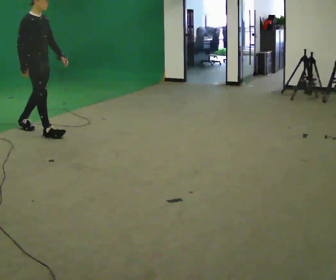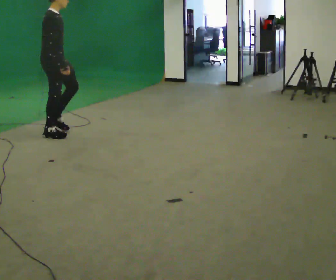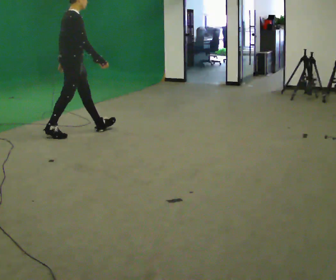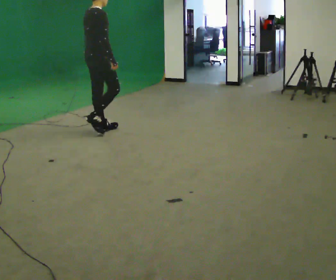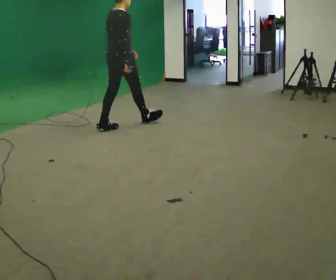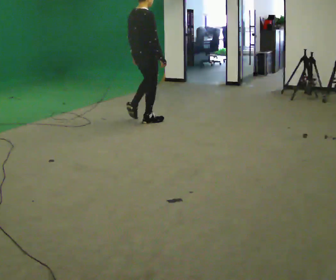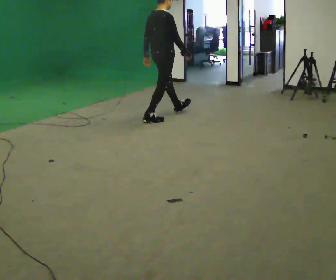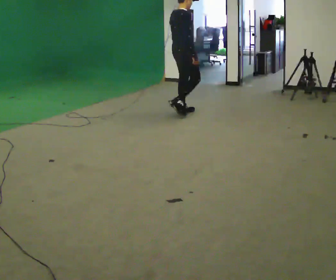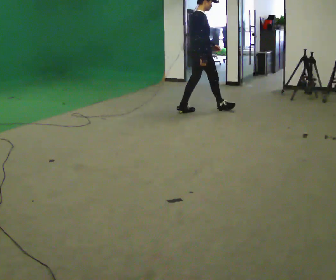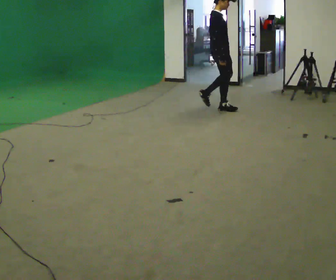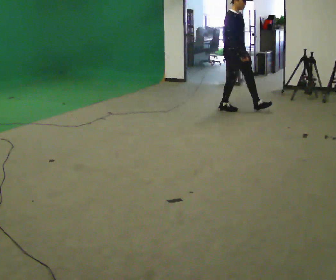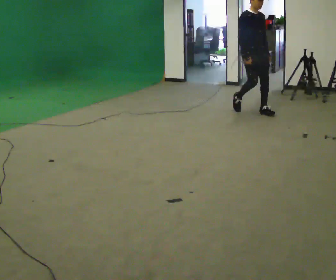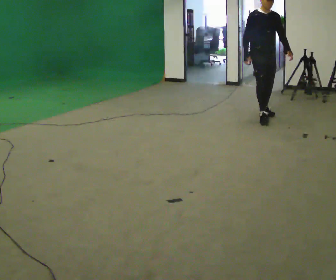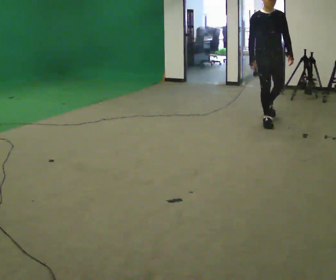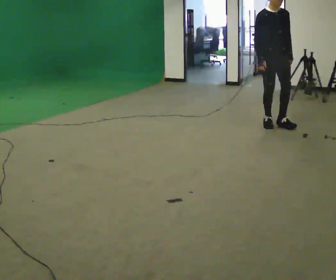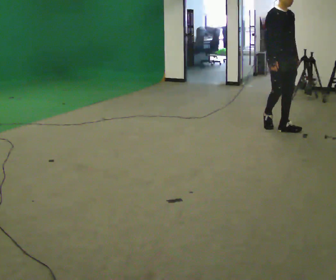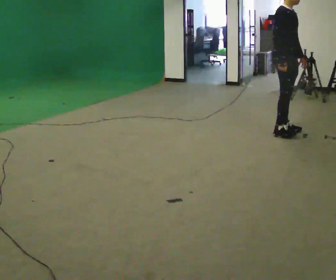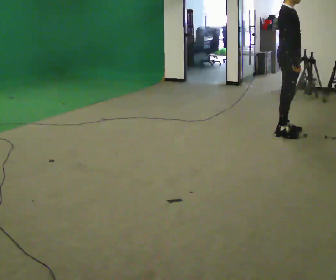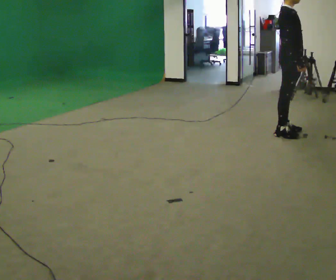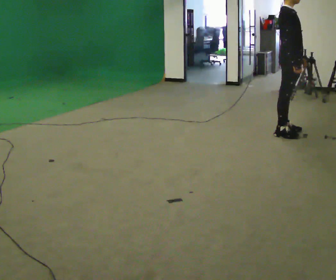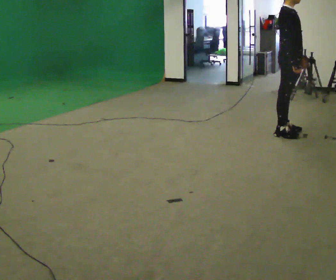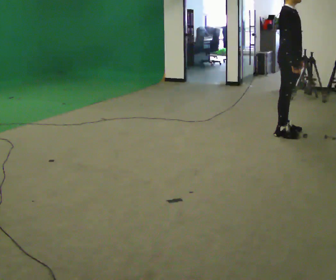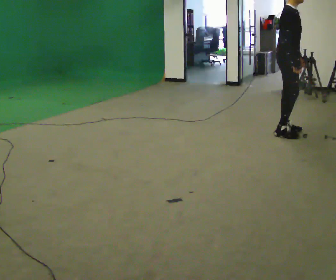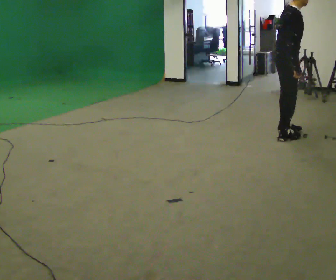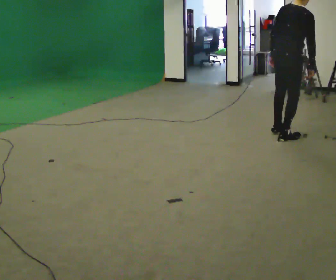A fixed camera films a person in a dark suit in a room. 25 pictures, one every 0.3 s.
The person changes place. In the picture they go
to the right.
0.0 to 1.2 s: The part of the body nearest the lens slides to the right as the person turns to their left by about 60 degrees. In the picture they go to the right and away from the camera, about 1 m in 1 step, which for them is forward.
1.2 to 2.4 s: Seen from above the body turns clockwise, about 30 degrees: to their right, with its near side sliding to the left. In the picture they go away from the camera and to the right, about 1 m in 2 steps, which for them is forward.
2.4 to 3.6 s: The person turns about 90 degrees to their right, clockwise seen from above, so the part of the body nearest the lens slides to the left. In the picture they go to the right, about 1 m in 2 steps.
3.6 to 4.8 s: The part of the body nearest the lens slides to the right as the person turns to their left by about 45 degrees. In the picture they go toward the camera, about 1 m in 2 steps, which for them is forward.
4.8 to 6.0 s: The person moves a little, or ends about where they began.
6.0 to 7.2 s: The part of the body nearest the lens slides to the right as the person turns to their left by about 60 degrees. In the picture they go toward the camera, about 0.25 m in 1 step. In the picture the upper body tilts clockwise, shoulders to the right. In the picture their left hand goes to the left, the arm swinging clockwise.
The film runs forward here.
